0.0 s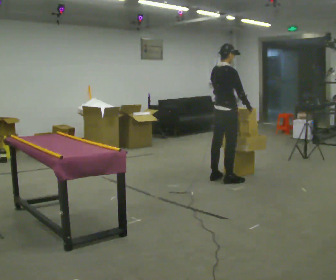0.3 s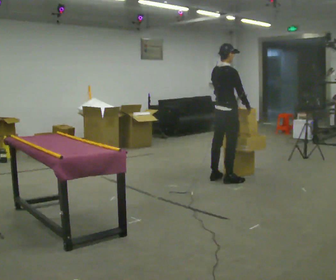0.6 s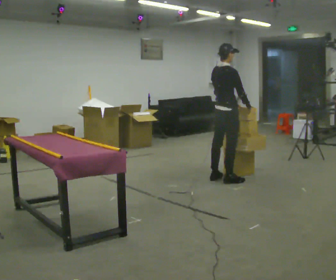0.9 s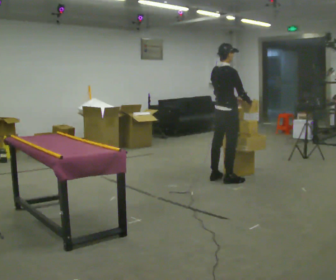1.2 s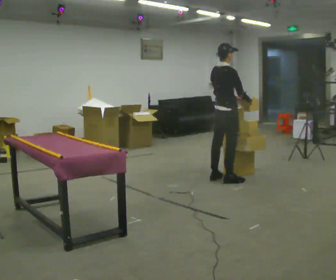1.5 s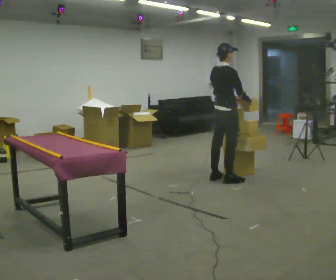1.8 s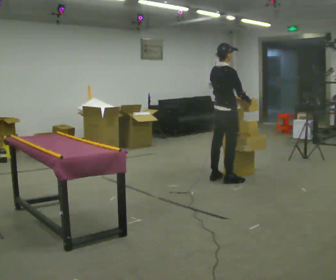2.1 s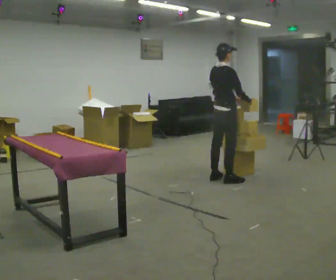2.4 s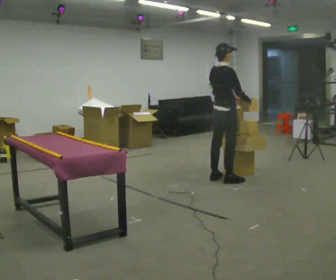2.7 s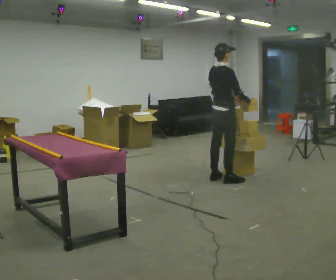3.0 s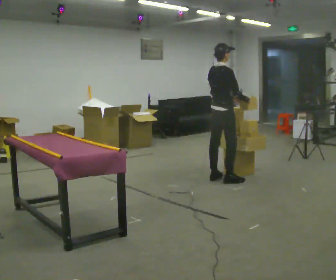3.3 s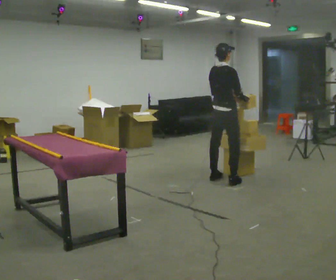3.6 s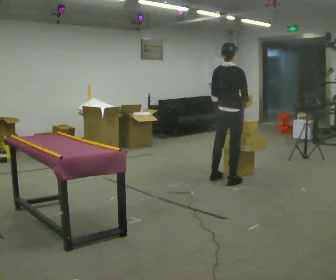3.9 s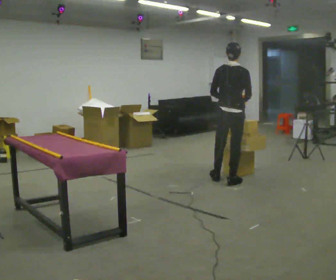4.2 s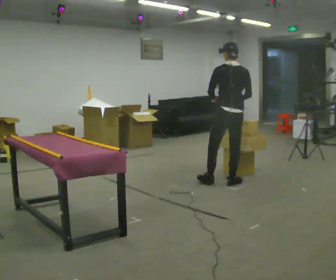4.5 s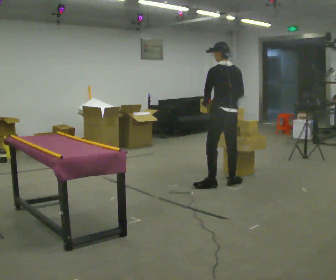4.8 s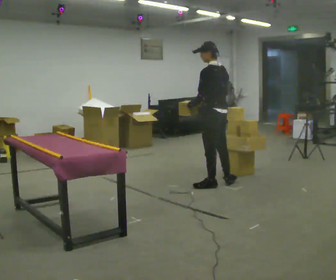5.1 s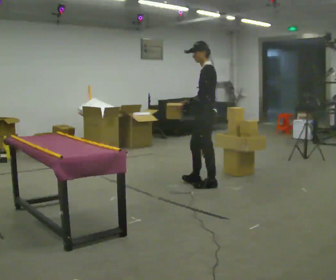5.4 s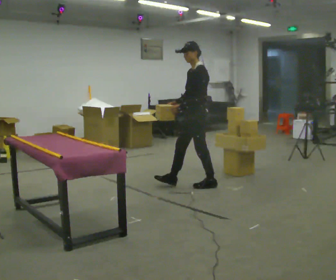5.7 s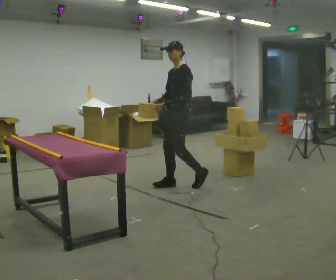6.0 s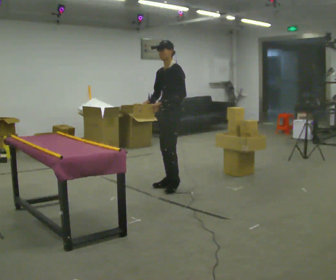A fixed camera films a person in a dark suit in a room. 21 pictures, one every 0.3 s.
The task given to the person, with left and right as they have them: Carry the object over and fit it into the gap between the two boxes already on the shelf, without touching either of them. Keep going until the operator says stop; one object at a time, and do not rush between trips.
0.0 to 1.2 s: The person moves a little, or ends about where they began.
1.2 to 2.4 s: The person keeps their place and pose.
2.4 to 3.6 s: The person moves a little, or ends about where they began.
3.6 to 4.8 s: The part of the body nearest the lens slides to the right as the person turns to their left by about 75 degrees. In the picture they go toward the camera and to the left, about 0.25 m in 1 step.
4.8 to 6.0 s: The person turns about 90 degrees to their left, counterclockwise seen from above, so the part of the body nearest the lens slides to the right. In the picture they go to the left, about 0.5 m in 1 step.
The film runs forward here.
